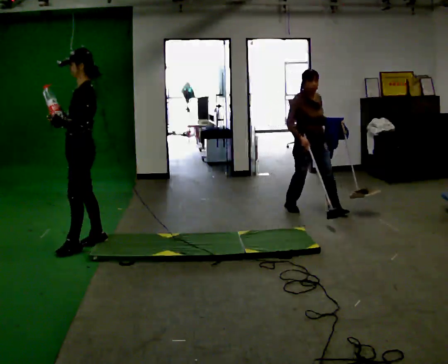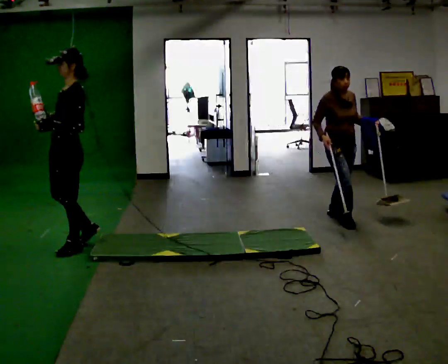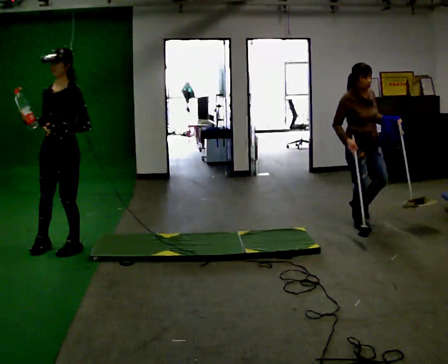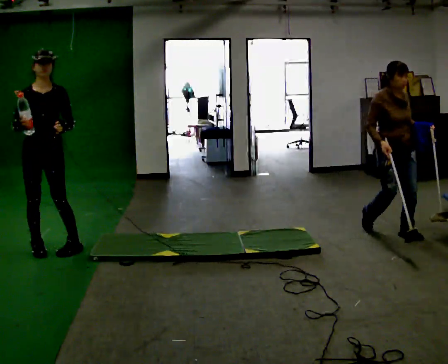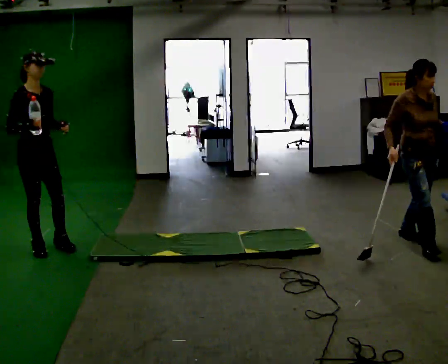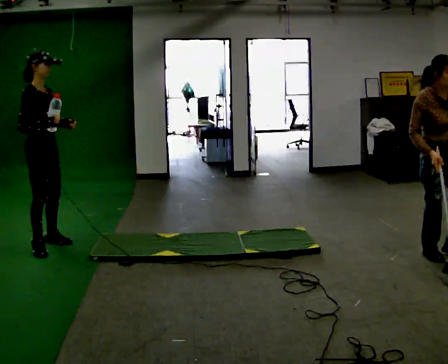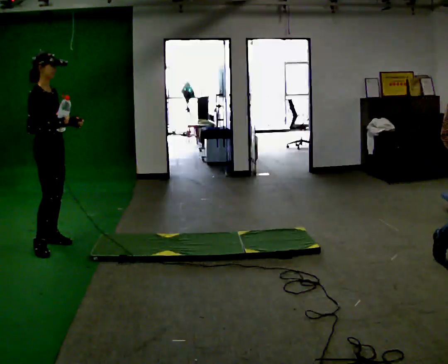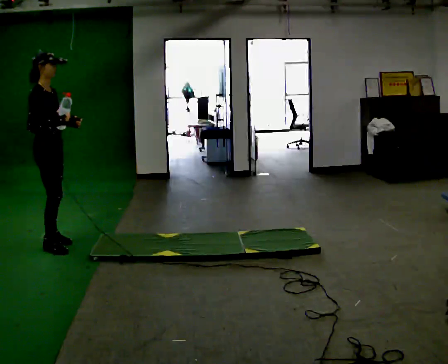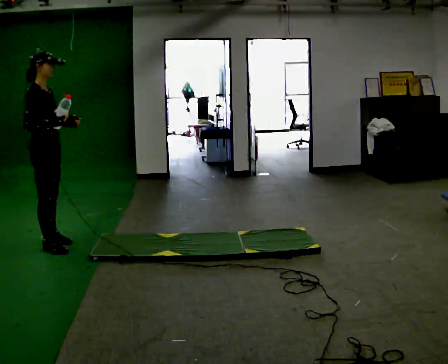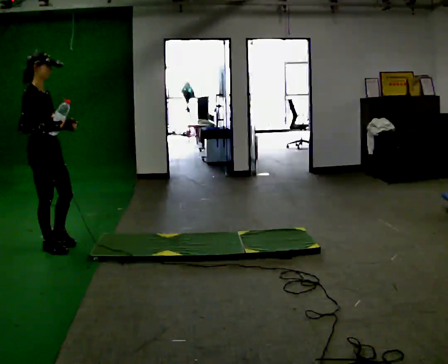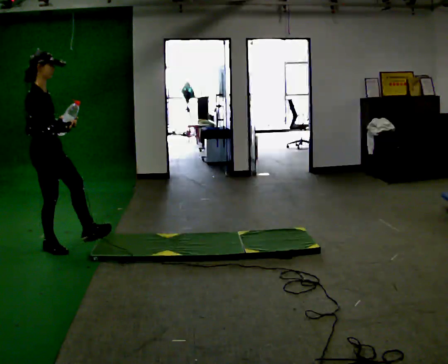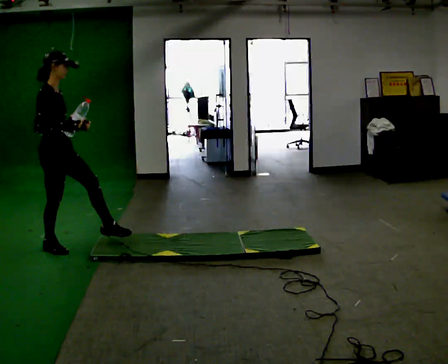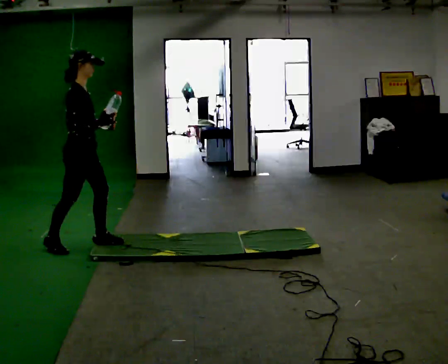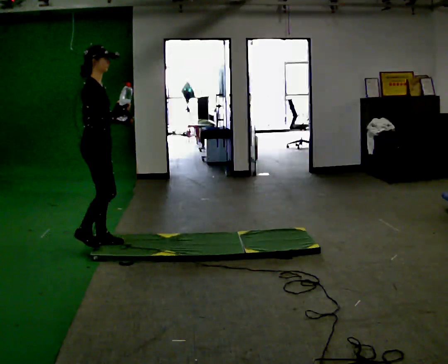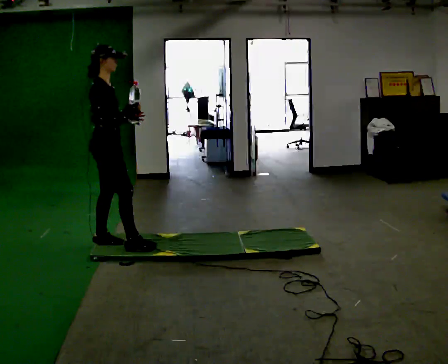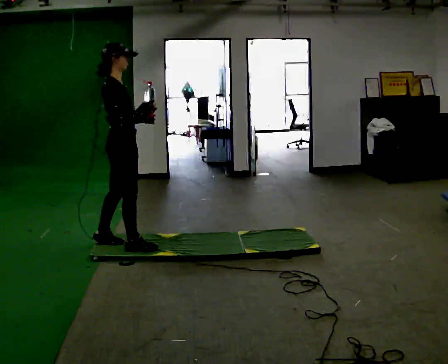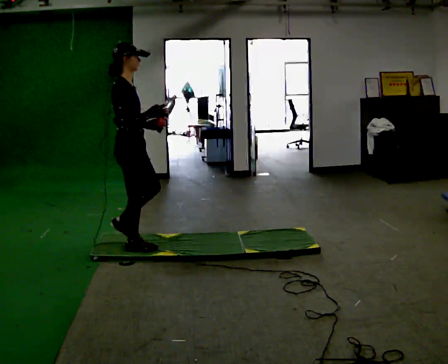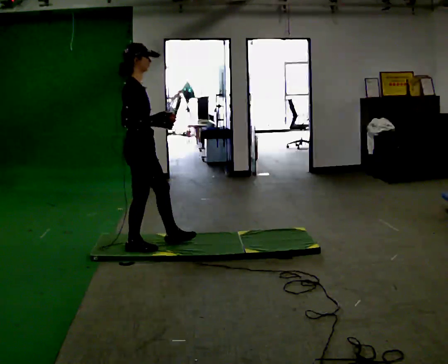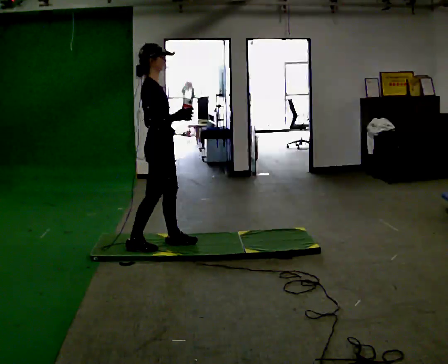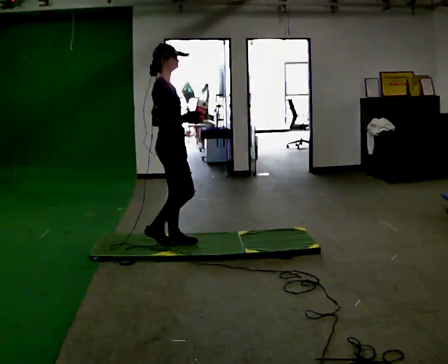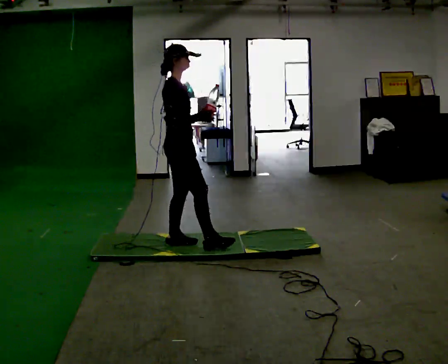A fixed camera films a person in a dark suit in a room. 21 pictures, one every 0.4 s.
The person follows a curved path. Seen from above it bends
clockwise.
0.0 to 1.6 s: The person turns about 135 degrees to their left, counterclockwise seen from above, so the part of the body nearest the lens slides to the right. In the picture they go to the left, about 0.5 m in 1 step.
1.6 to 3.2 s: The person moves a little, or ends about where they began.
3.2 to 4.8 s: In the picture they go to the right, about 0.25 m in 1 step, which for them is forward.
4.8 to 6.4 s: In the picture they go to the right and toward the camera, about 0.5 m in 1 step, which for them is forward.
6.4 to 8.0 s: In the picture they go to the right, about 0.5 m in 1 step, which for them is forward and to their left.
The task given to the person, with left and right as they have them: Hold the object and walk back and forth. It may slip. Try to catch it if you can, but let it go rather than lurching after it.
The film runs forward here.
